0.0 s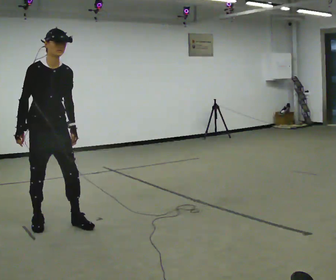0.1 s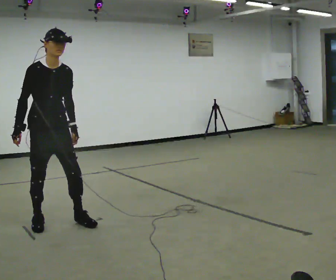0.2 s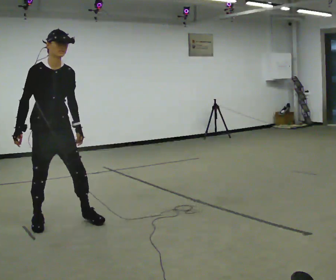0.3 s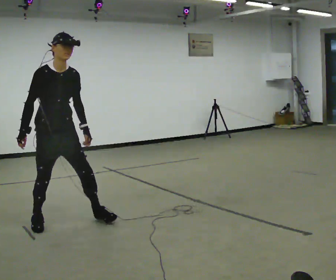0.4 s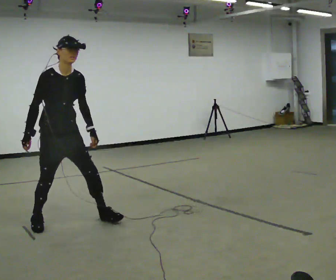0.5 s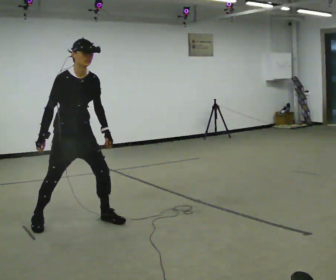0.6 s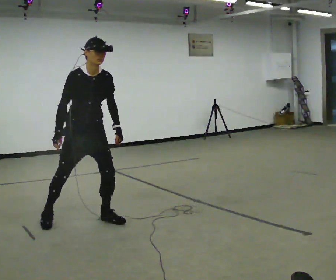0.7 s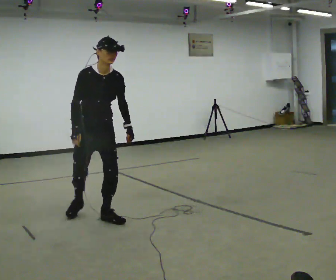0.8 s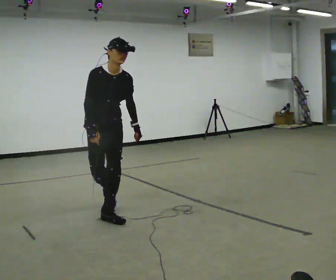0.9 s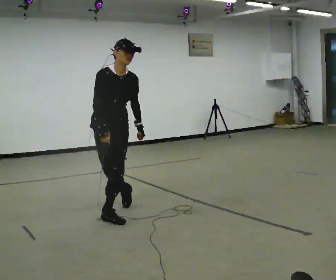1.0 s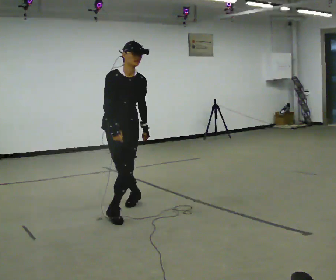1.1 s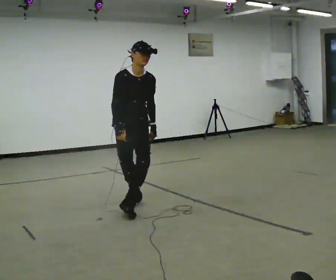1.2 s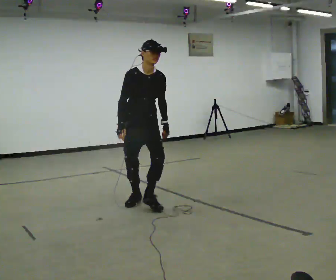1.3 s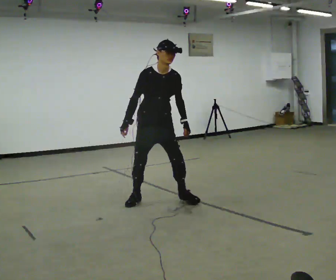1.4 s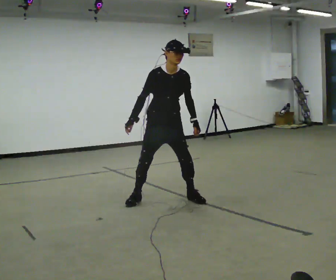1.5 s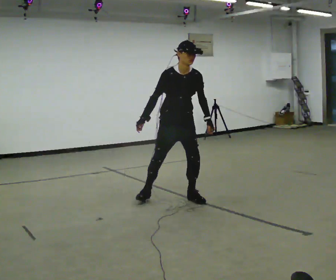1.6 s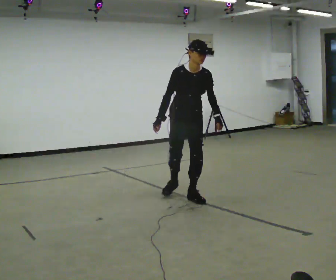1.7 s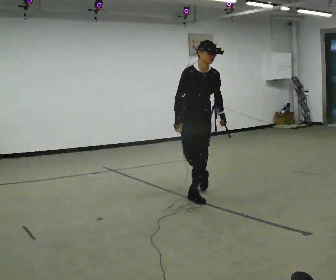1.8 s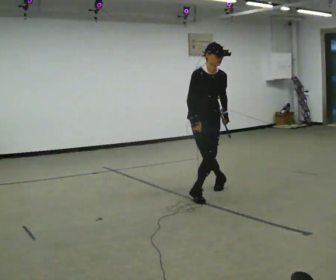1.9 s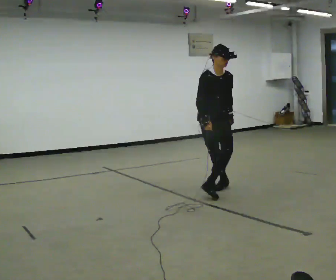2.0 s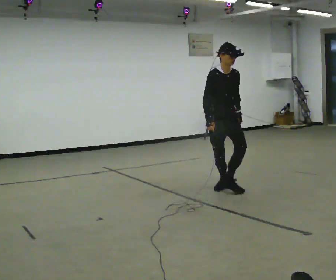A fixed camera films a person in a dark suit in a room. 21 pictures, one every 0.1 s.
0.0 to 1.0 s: In the picture they go to the right and away from the camera, about 1 m in 2 steps, which for them is to their left.
1.0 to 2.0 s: In the picture they go to the right and away from the camera, about 1.5 m in 2 steps, which for them is to their left and backward.
The film runs forward here.
